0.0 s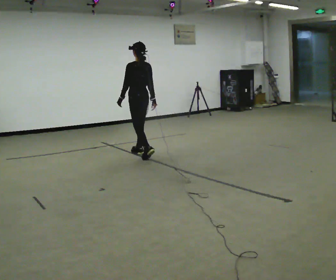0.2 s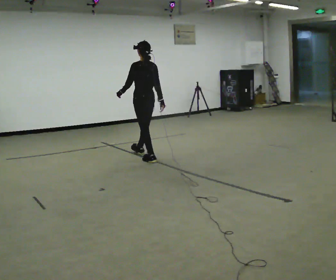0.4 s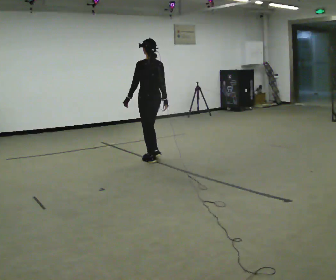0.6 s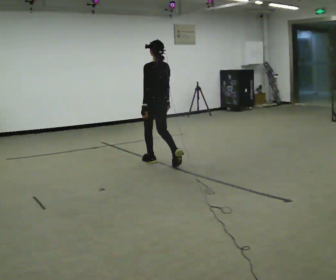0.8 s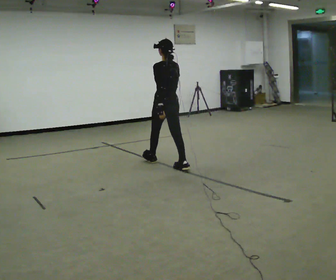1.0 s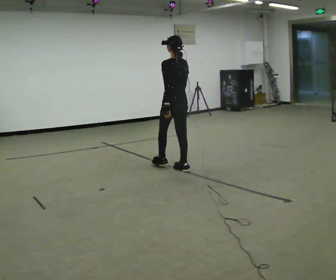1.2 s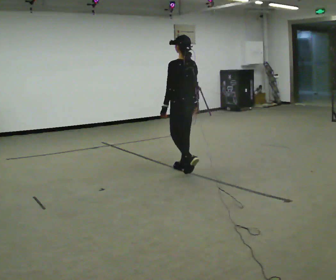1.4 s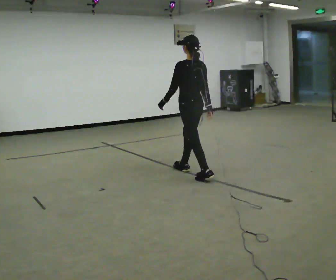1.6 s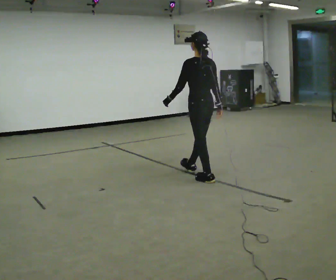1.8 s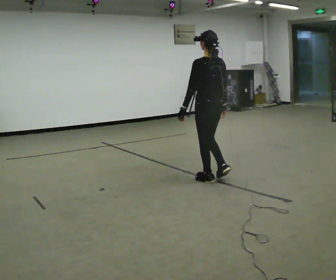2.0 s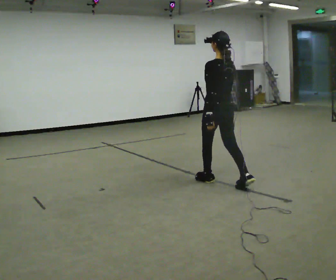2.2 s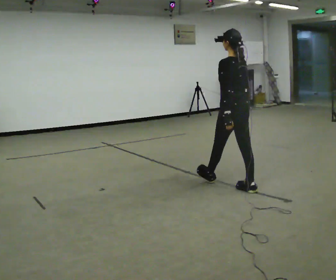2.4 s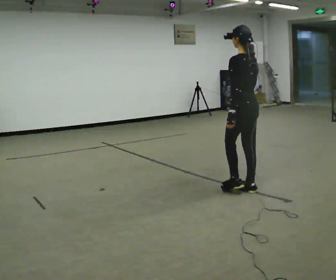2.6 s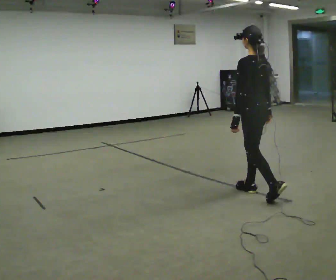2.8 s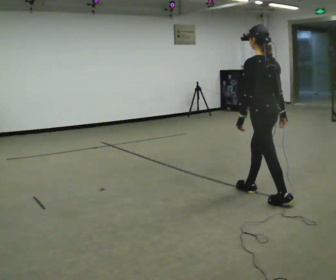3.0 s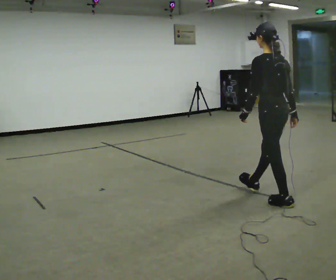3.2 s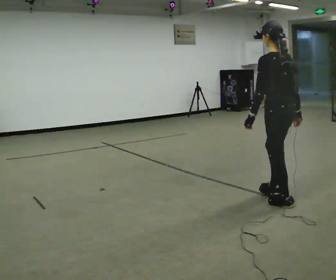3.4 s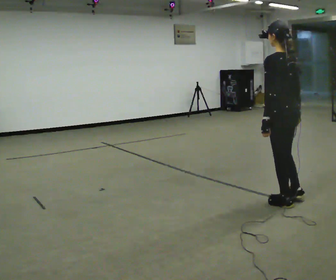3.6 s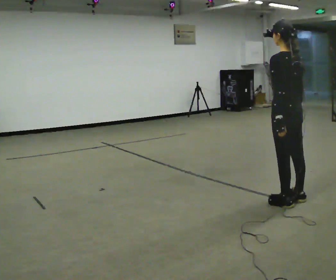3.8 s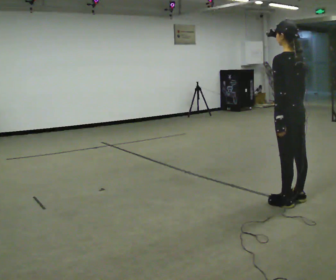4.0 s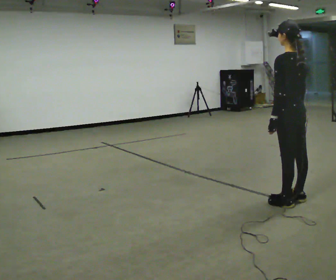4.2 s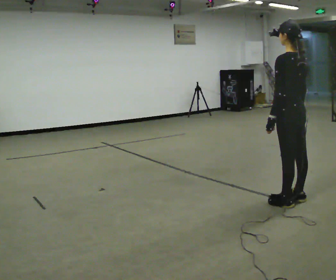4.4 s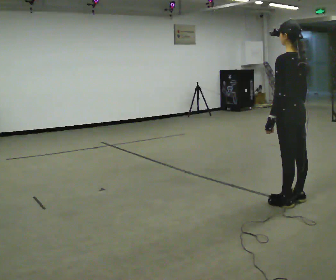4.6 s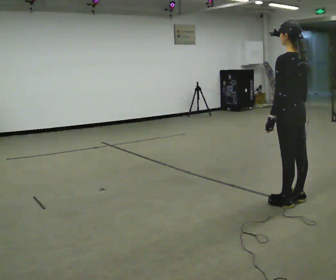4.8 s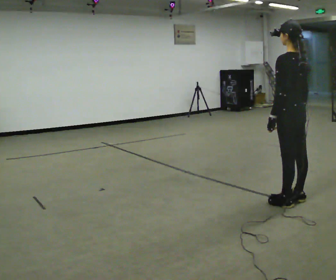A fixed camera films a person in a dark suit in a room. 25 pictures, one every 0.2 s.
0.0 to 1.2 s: In the picture they go toward the camera and to the right, about 1 m in 2 steps, which for them is backward.
1.2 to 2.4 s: In the picture they go toward the camera and to the right, about 1 m in 2 steps, which for them is backward.
2.4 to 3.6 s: In the picture they go toward the camera and to the right, about 0.5 m in 1 step, which for them is backward.
3.6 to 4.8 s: The person moves a little, or ends about where they began.
The film runs backward here.
